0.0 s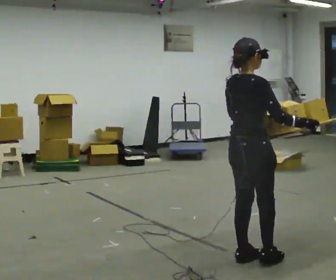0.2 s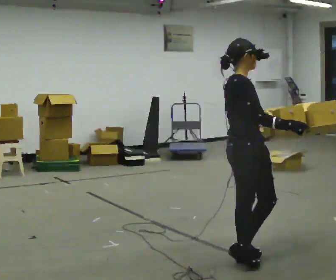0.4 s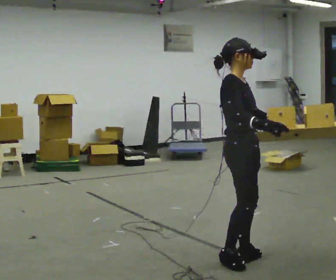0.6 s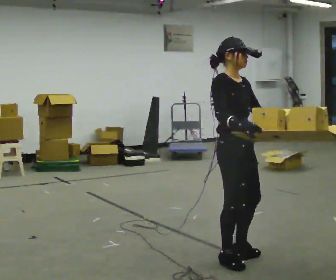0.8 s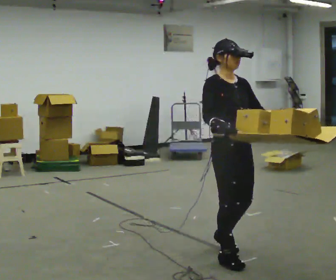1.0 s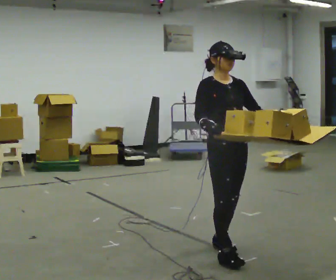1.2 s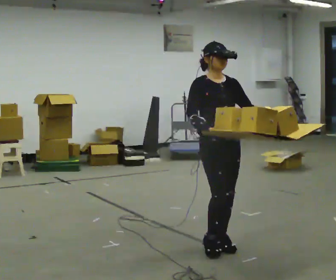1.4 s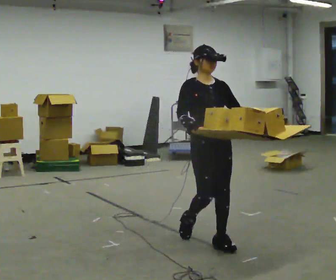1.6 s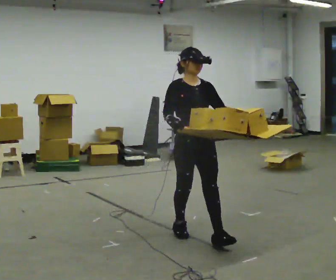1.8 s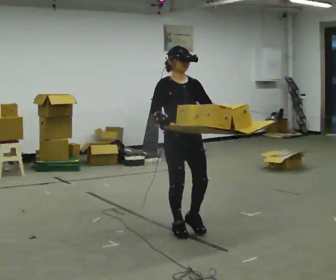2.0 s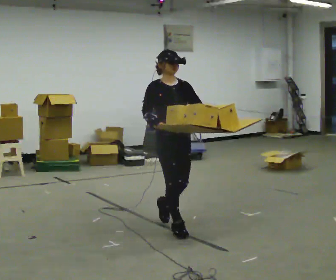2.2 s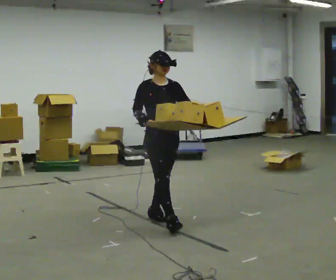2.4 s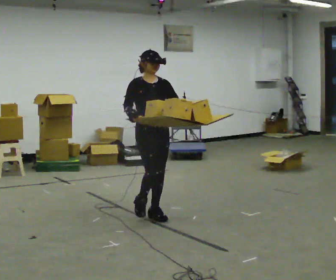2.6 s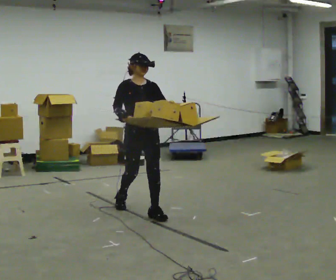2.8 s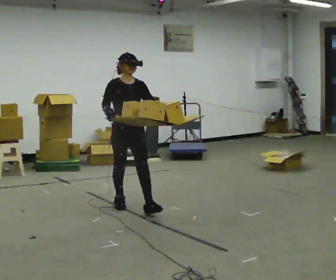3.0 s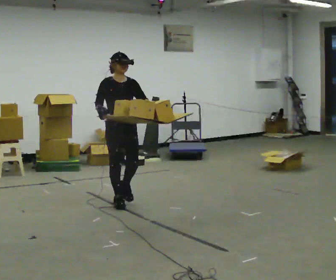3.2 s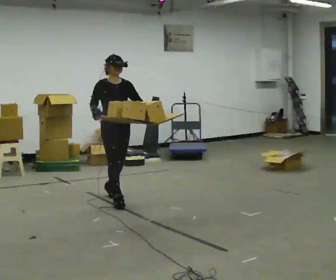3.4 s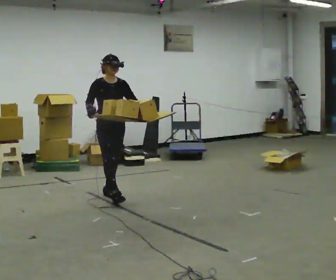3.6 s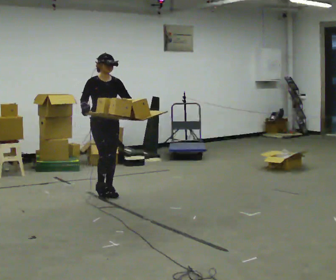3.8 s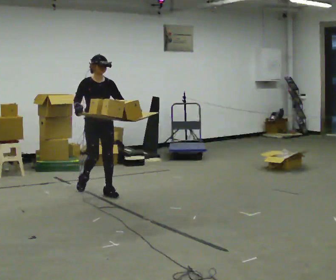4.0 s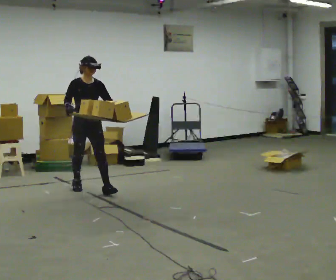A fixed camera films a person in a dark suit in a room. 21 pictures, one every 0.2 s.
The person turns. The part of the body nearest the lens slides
to the left.
The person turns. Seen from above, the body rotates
clockwise.
0.0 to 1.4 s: The part of the body nearest the lens slides to the left as the person turns to their right by about 105 degrees. In the picture they go away from the camera and to the left, about 0.5 m in 2 steps.
1.4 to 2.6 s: In the picture they go away from the camera and to the left, about 1 m in 2 steps, which for them is backward.
2.6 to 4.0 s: In the picture they go away from the camera and to the left, about 1 m in 3 steps, which for them is backward.
The film runs backward here.
